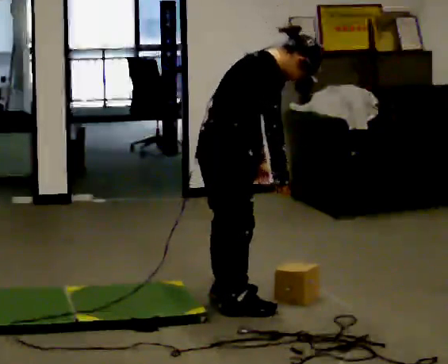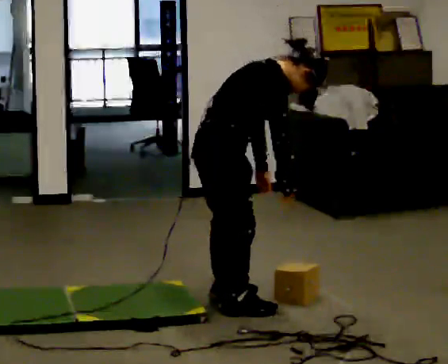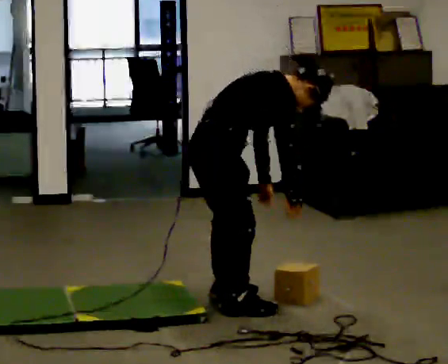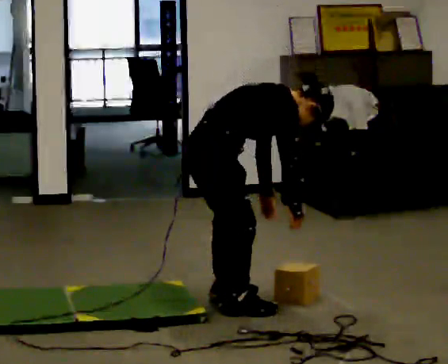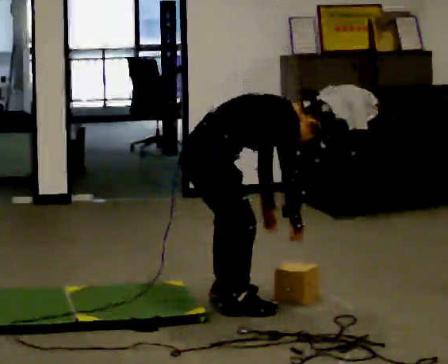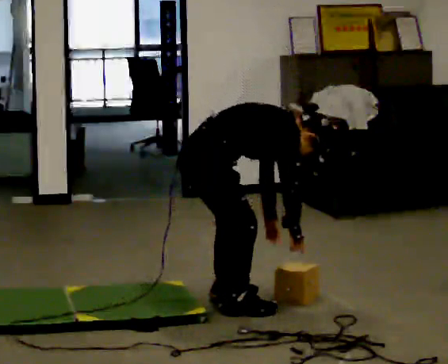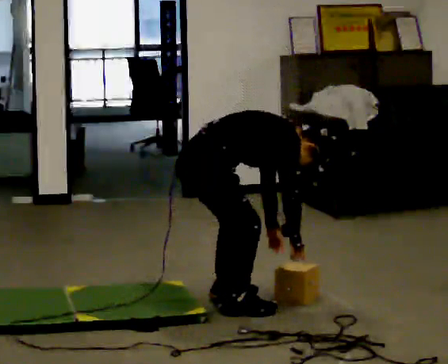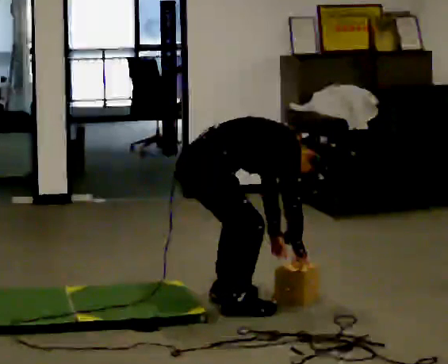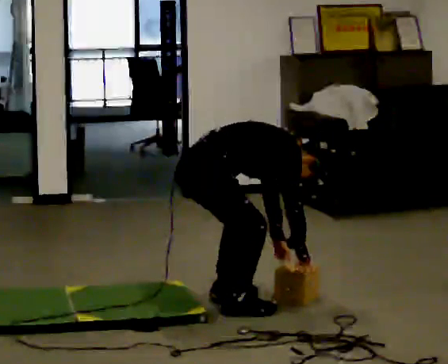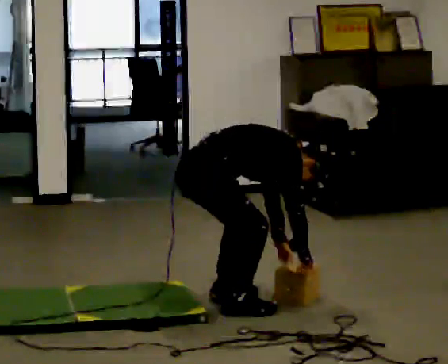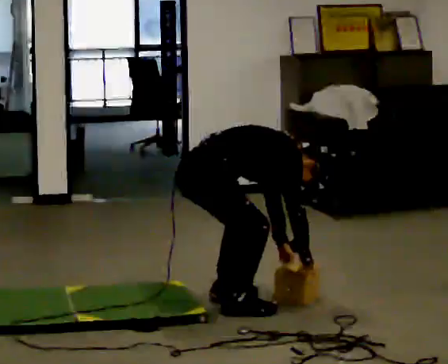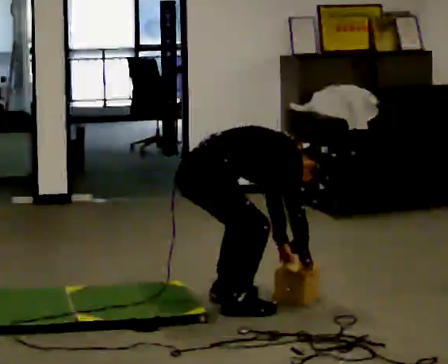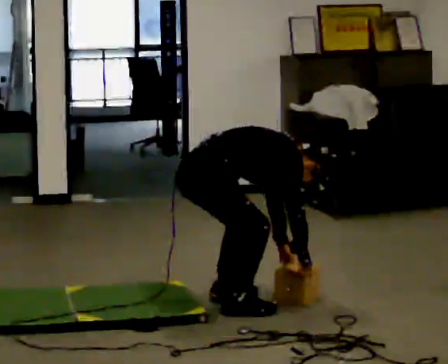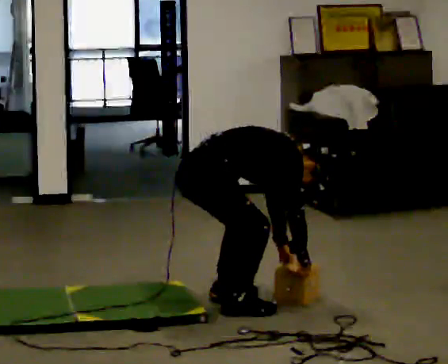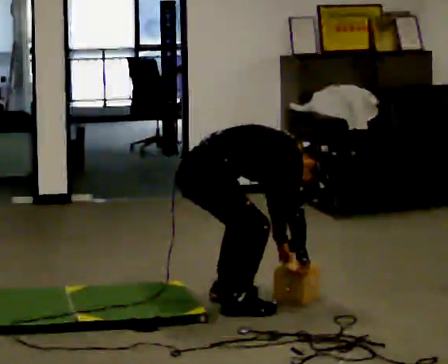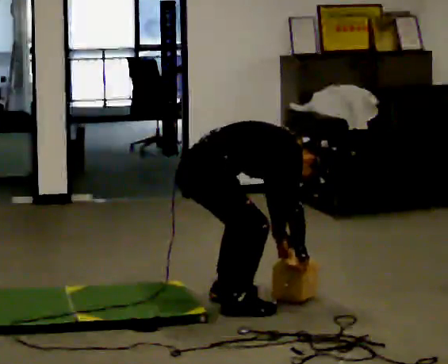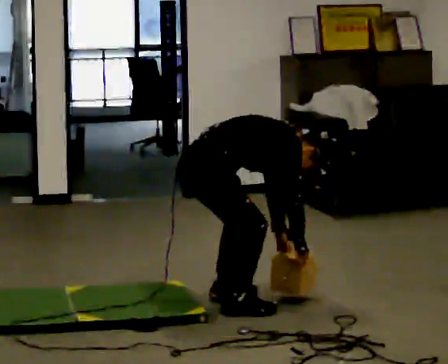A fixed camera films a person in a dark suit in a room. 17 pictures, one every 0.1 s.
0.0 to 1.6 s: In the picture the upper body tilts clockwise, shoulders to the right, as they bend forward.
The film runs forward here.
